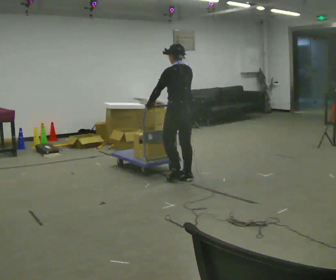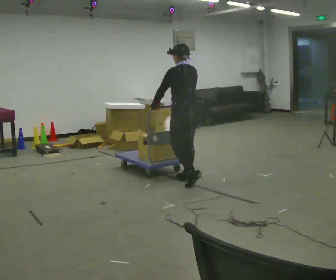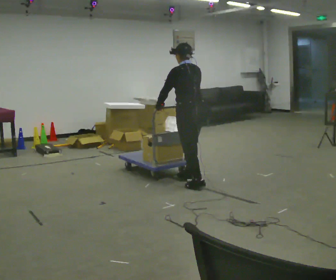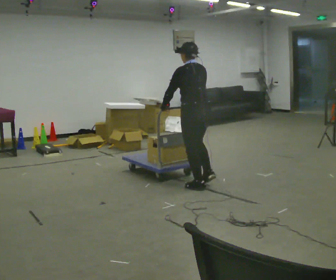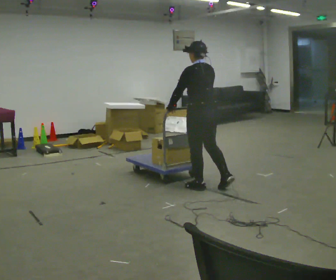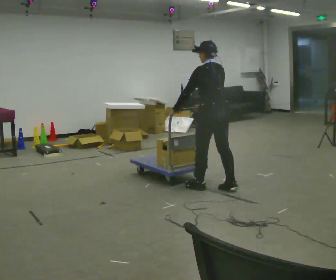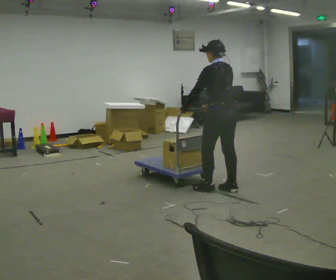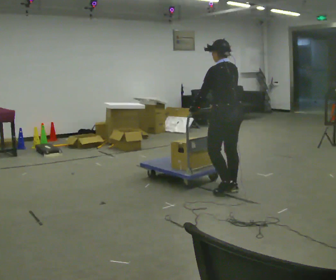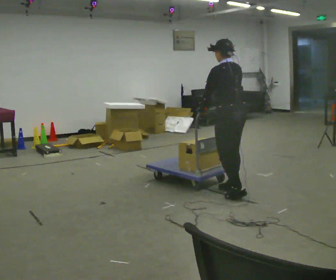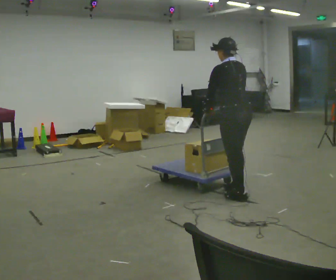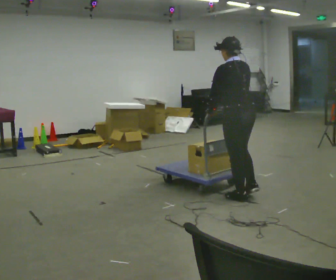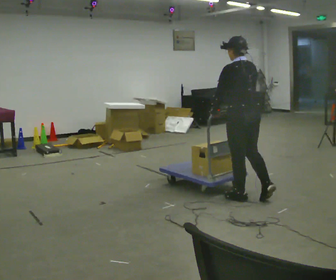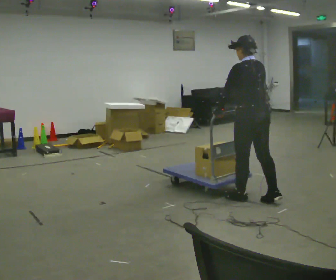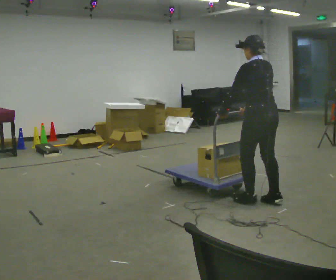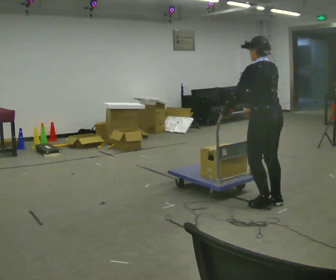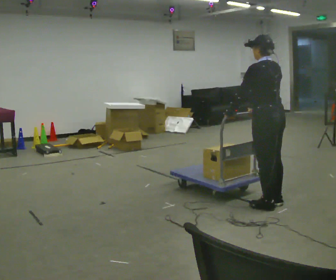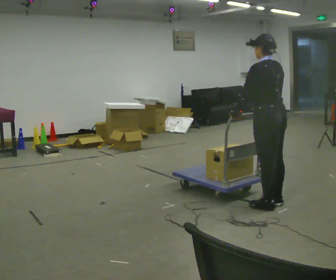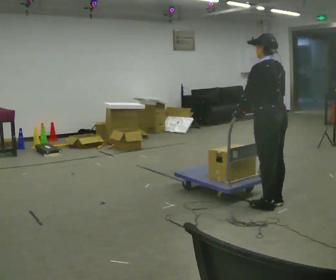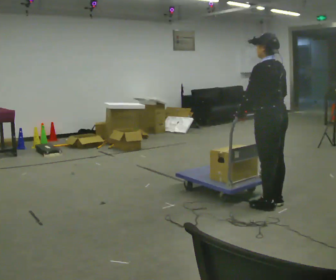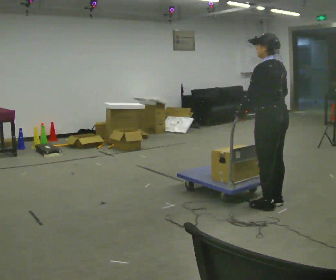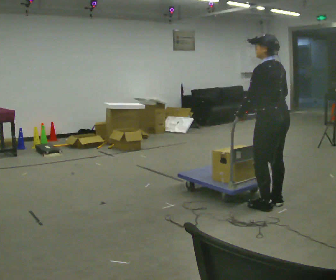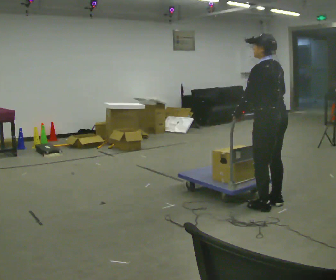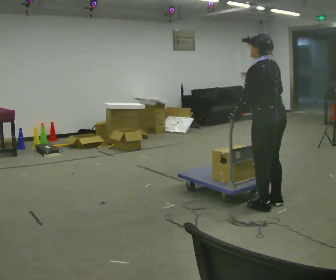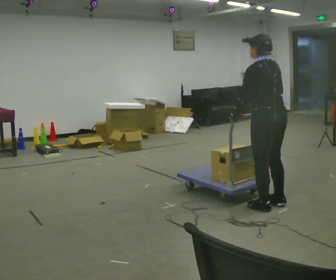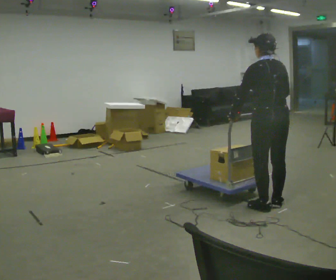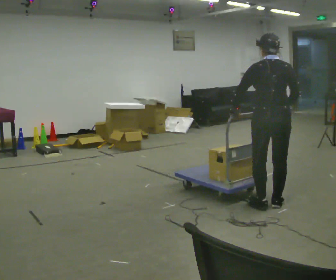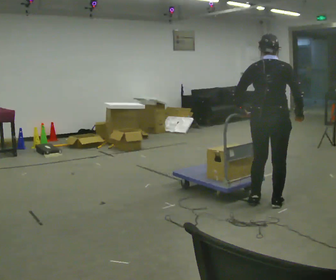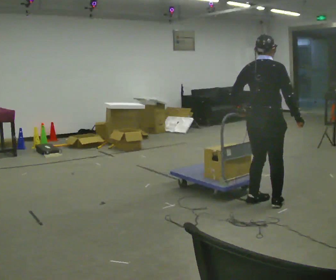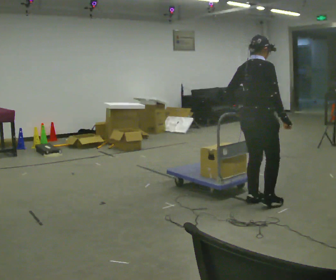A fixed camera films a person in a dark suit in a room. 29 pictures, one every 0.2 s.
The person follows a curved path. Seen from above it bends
clockwise.
0.0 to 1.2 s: In the picture they go to the right and toward the camera, about 0.75 m in 2 steps, which for them is backward.
1.2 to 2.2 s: In the picture they go to the right and toward the camera, about 0.5 m in 1 step, which for them is backward.
2.2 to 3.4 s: In the picture they go to the right, about 0.25 m in 1 step, which for them is backward.
3.4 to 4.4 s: The person moves a little, or ends about where they began.
4.4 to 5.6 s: The part of the body nearest the lens slides to the left as the person turns to their right by about 90 degrees.
The film runs backward here.
